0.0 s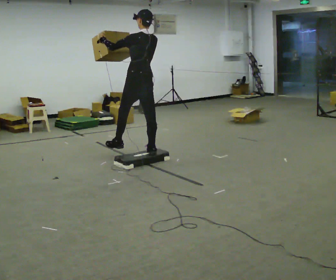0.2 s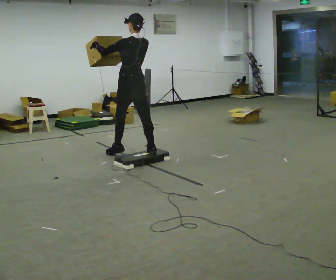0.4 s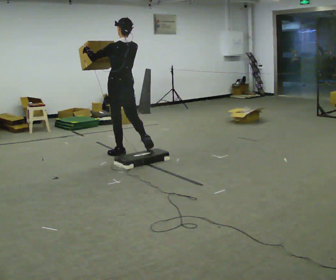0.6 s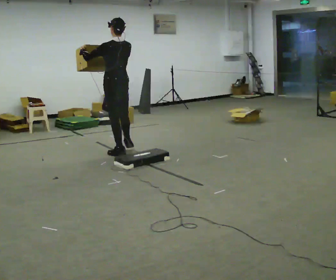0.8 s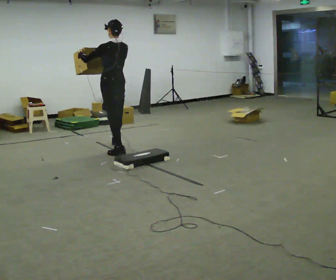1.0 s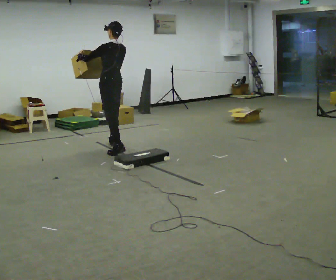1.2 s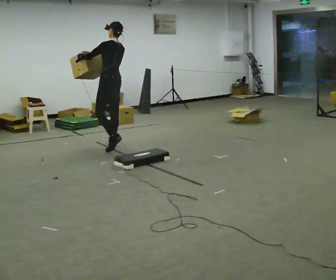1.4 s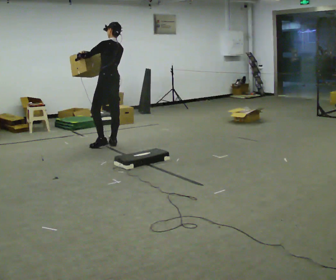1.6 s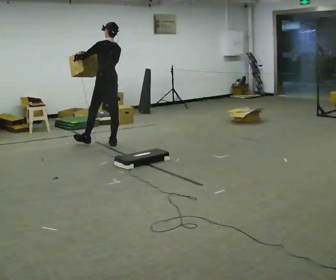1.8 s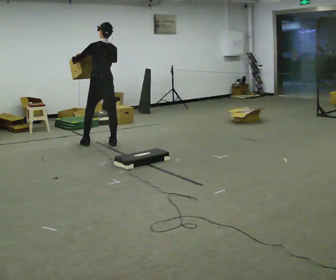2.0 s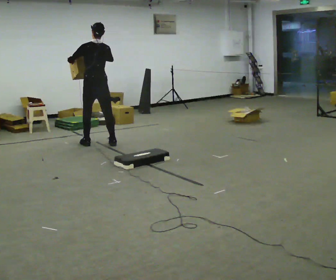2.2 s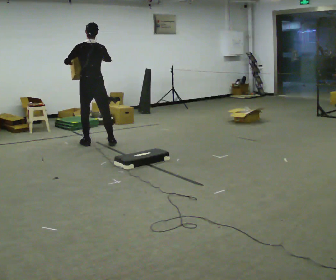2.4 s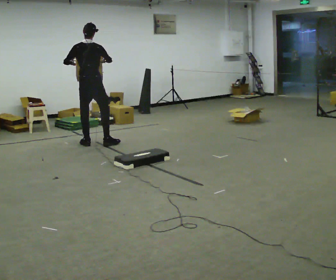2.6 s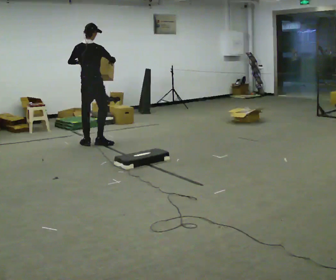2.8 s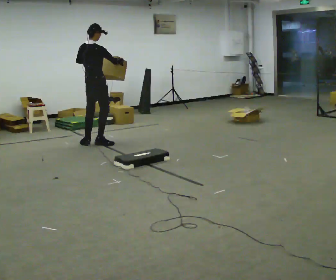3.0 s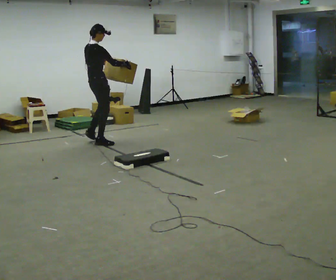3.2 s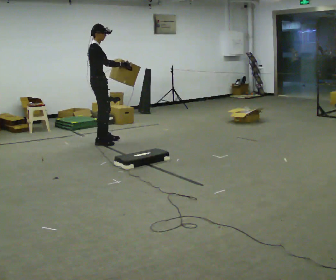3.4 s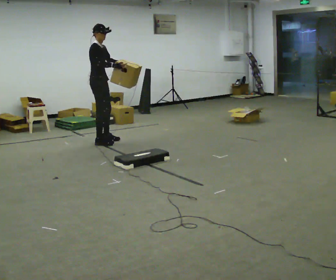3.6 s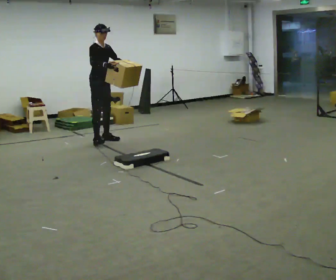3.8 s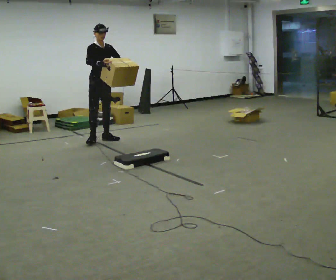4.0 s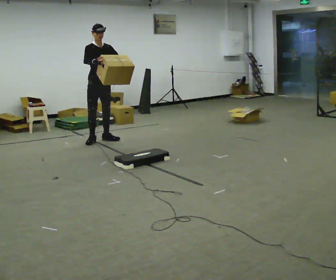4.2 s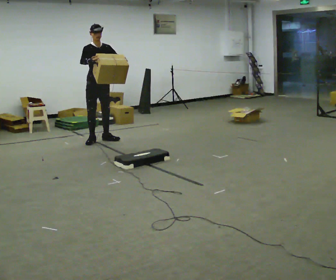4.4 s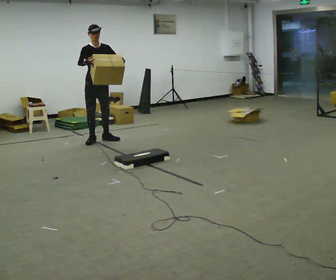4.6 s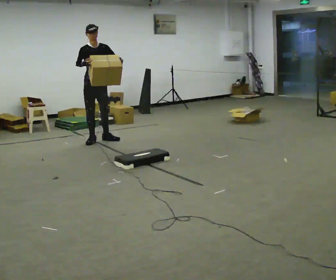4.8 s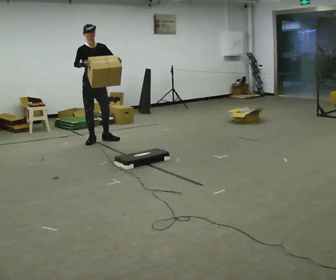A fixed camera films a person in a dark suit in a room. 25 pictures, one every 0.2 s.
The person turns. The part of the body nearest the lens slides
to the left.
The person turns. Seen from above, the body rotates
clockwise.
0.0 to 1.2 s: In the picture they go away from the camera and to the left, about 0.5 m in 2 steps, which for them is forward.
1.2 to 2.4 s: The part of the body nearest the lens slides to the left as the person turns to their right by about 60 degrees. In the picture they go to the left and away from the camera, about 0.5 m in 1 step, which for them is forward and to their left.
2.4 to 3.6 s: Seen from above the body turns clockwise, about 120 degrees: to their right, with its near side sliding to the left. In the picture they go away from the camera and to the right, about 0.25 m in 2 steps.
3.6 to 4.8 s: Seen from above the body turns clockwise, about 30 degrees: to their right, with its near side sliding to the left.
The film runs forward here.
